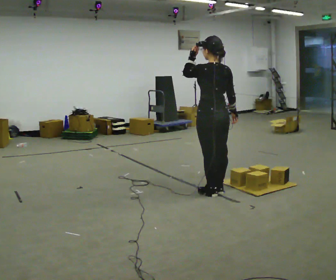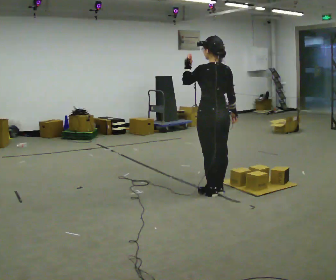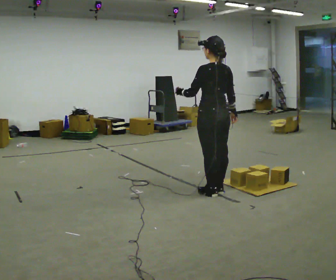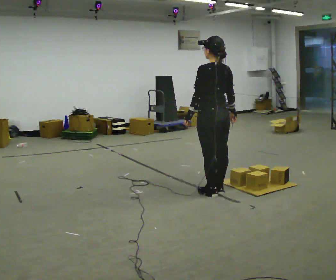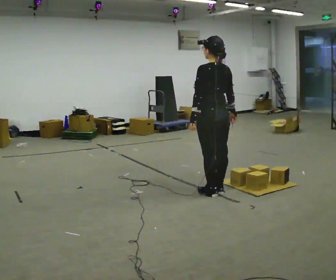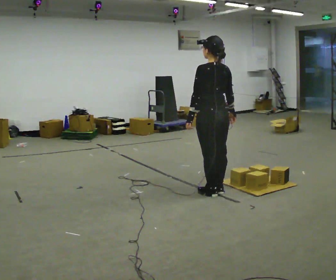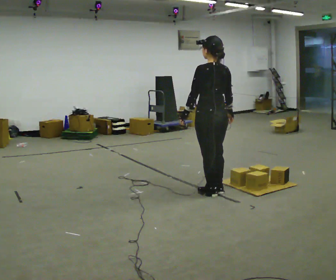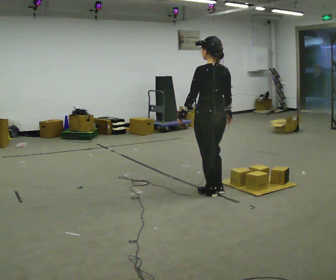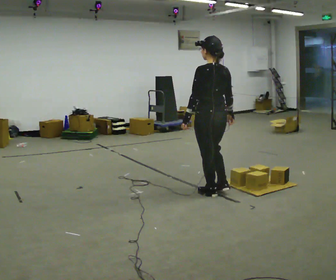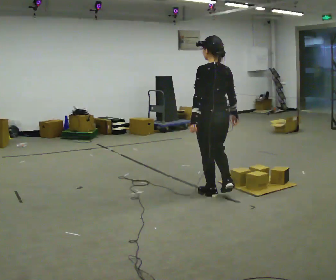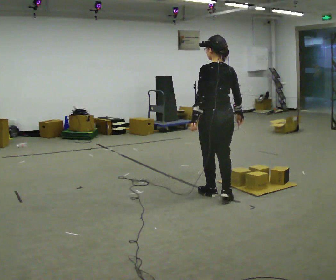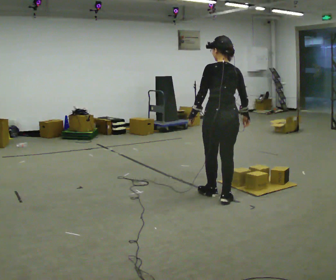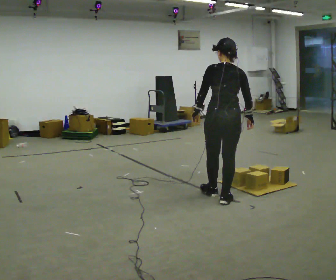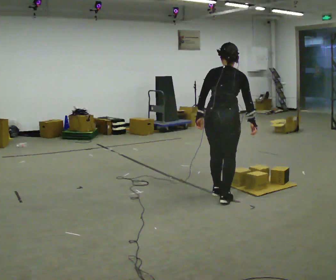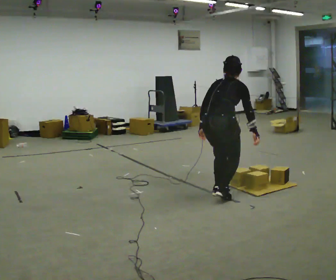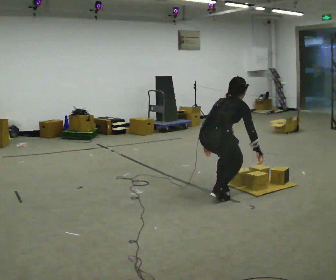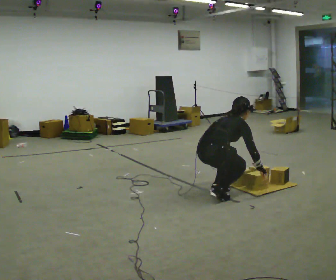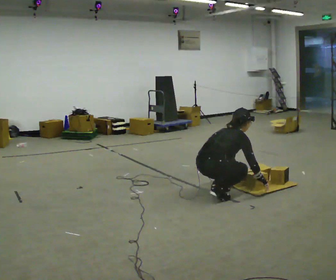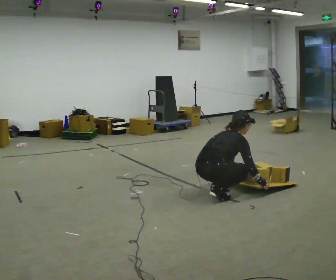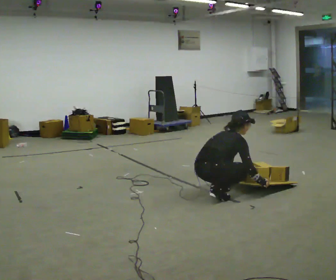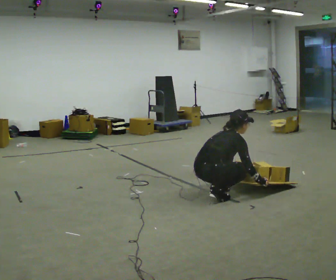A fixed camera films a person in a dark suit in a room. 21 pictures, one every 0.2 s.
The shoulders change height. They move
downward.
Their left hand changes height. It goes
downward.
0.0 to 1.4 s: In the picture their left hand goes downward.
1.4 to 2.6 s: Seen from above the body turns clockwise, about 45 degrees: to their right, with its near side sliding to the left. The upper body tips away from the camera, its near side rolling upward, as they bend forward.
2.6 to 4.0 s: Seen from above the body turns clockwise, about 45 degrees: to their right, with its near side sliding to the left. The shoulders move downward. In the picture the upper body tilts clockwise, shoulders to the right, as they bend forward. In the picture their left hand goes downward.
The film runs backward here.
